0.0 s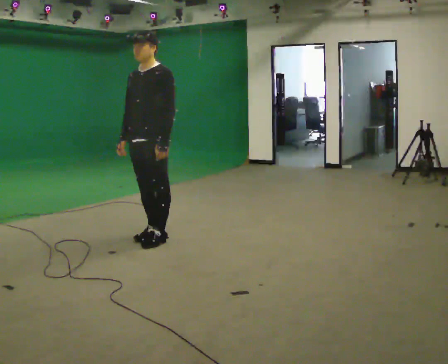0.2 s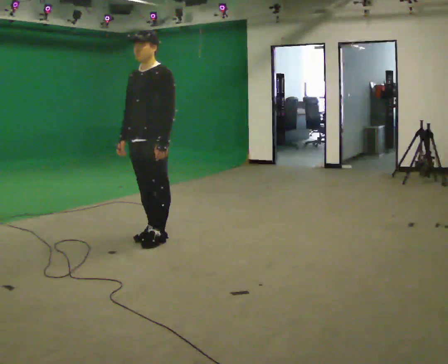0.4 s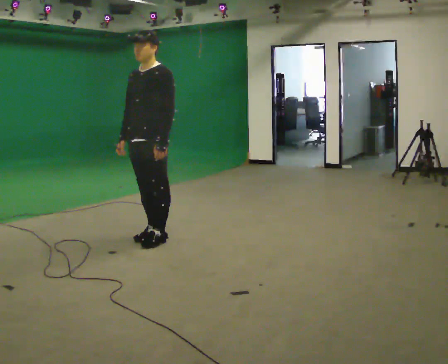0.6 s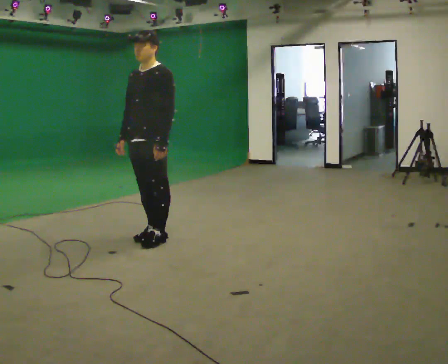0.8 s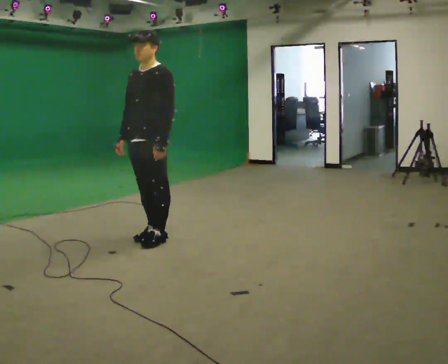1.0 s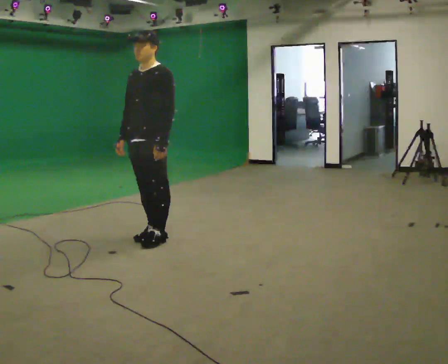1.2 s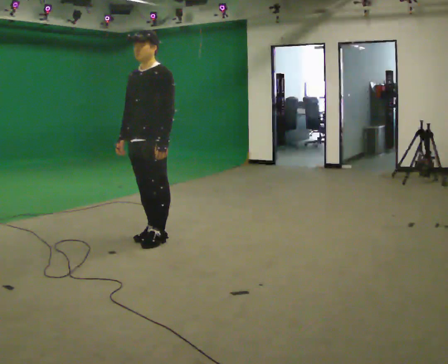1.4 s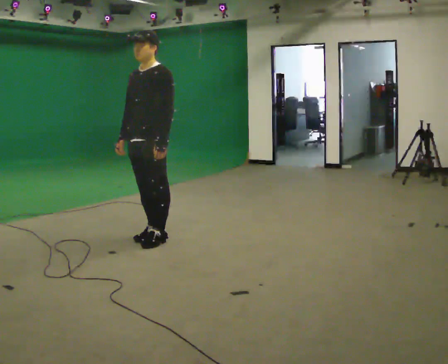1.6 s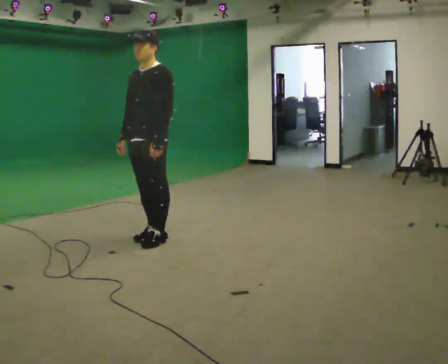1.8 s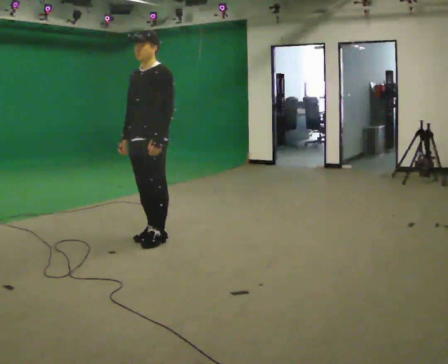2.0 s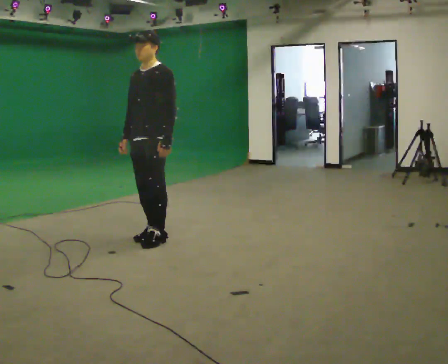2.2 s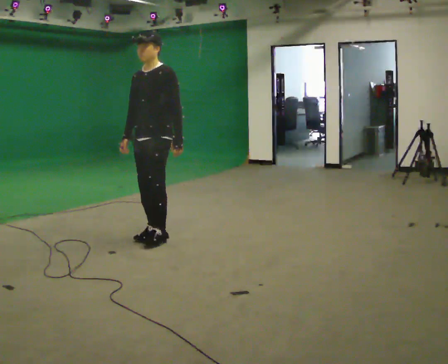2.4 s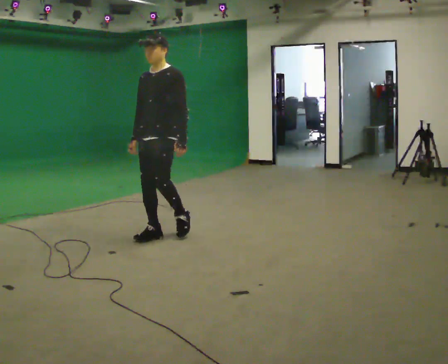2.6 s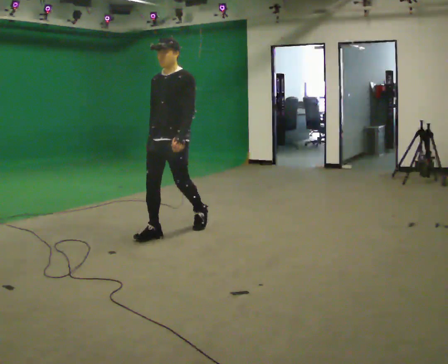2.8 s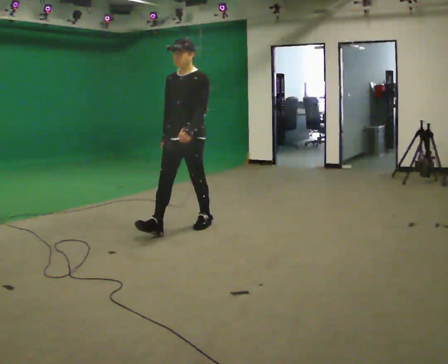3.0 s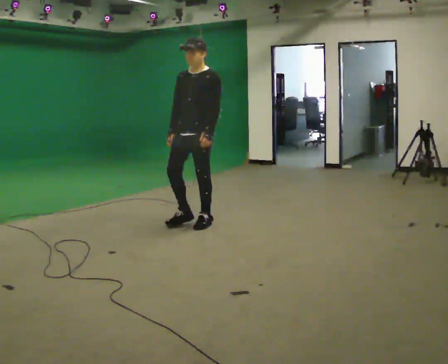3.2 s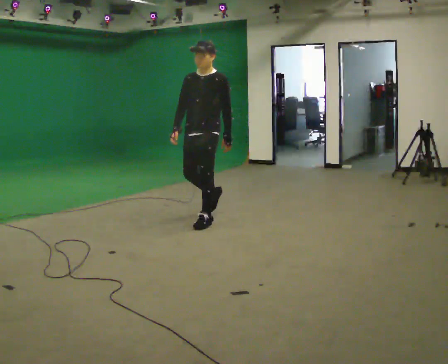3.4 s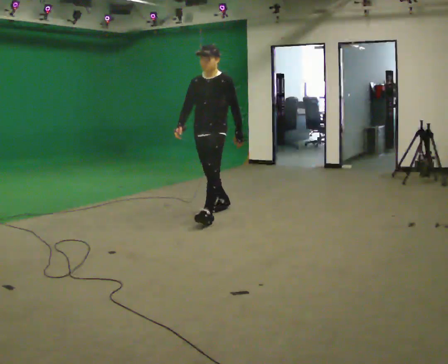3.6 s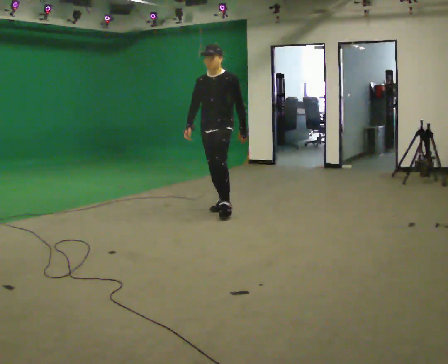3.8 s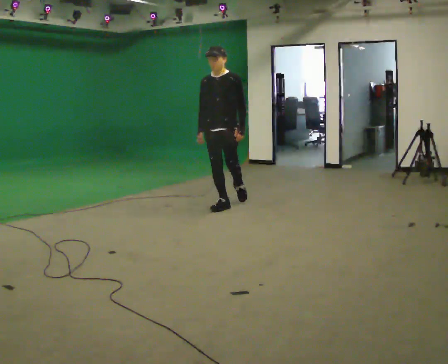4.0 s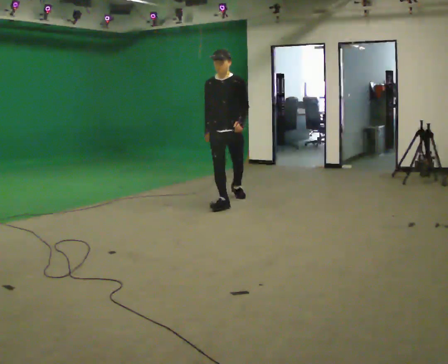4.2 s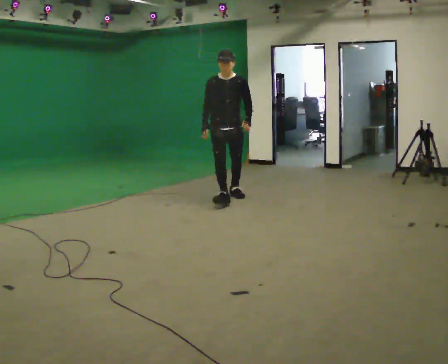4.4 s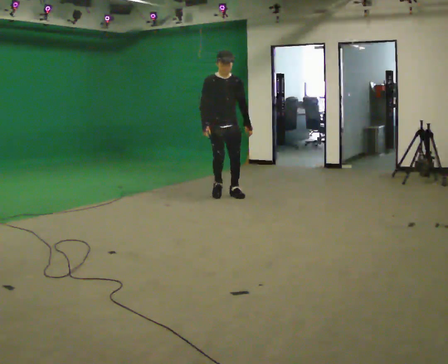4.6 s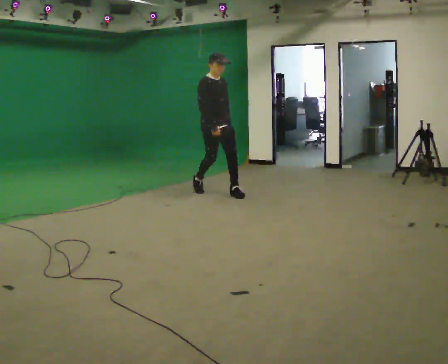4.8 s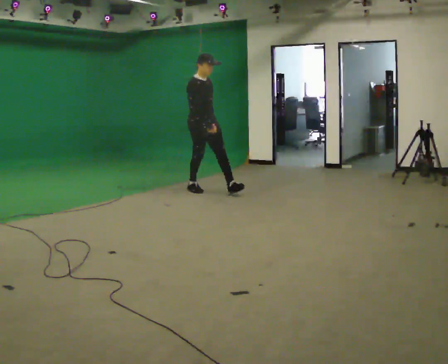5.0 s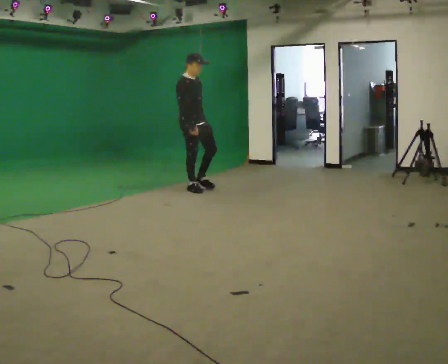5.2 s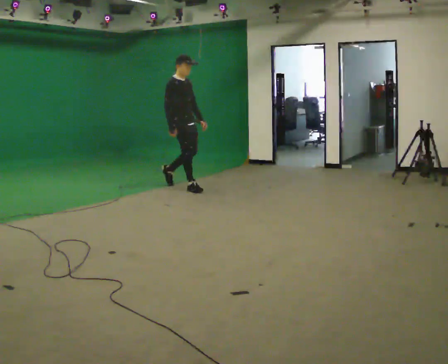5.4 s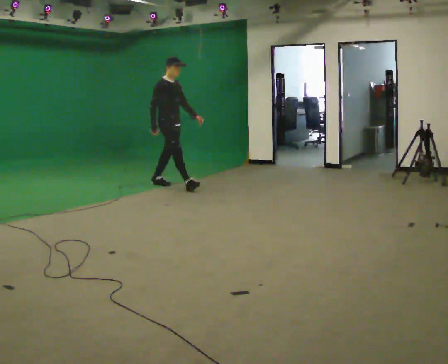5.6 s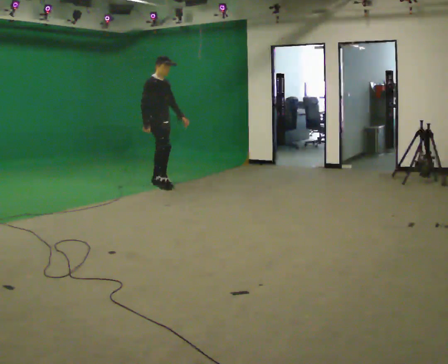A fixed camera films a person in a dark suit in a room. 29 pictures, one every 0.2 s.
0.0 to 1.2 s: The person keeps their place and pose.
1.2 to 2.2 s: The person moves a little, or ends about where they began.
2.2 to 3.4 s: In the picture they go away from the camera and to the right, about 1 m in 2 steps, which for them is backward.
3.4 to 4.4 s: The part of the body nearest the lens slides to the right as the person turns to their left by about 45 degrees. In the picture they go away from the camera, about 1 m in 2 steps, which for them is backward.
4.4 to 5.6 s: The part of the body nearest the lens slides to the right as the person turns to their left by about 45 degrees. In the picture they go to the left and away from the camera, about 1 m in 2 steps, which for them is backward.
The film runs backward here.
